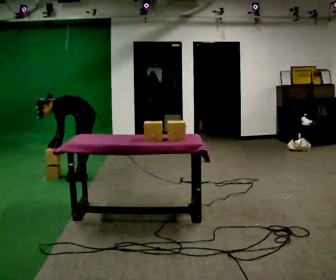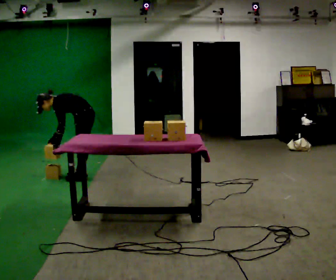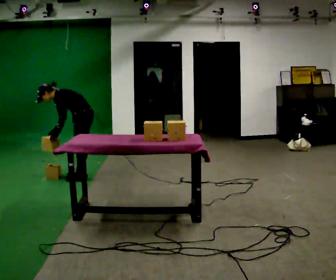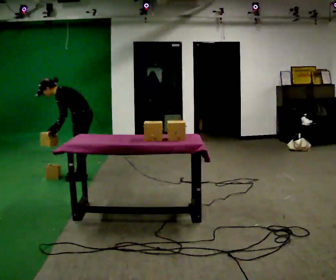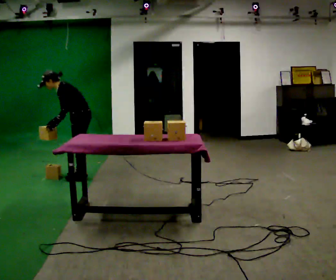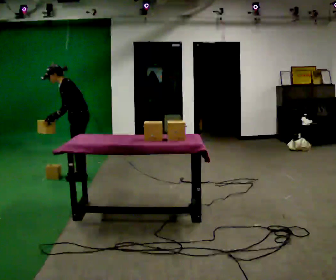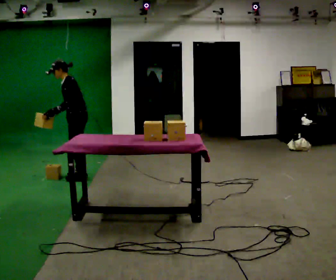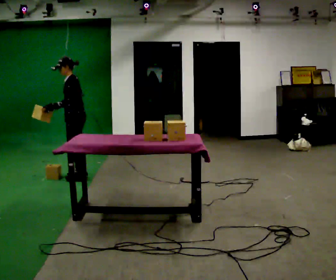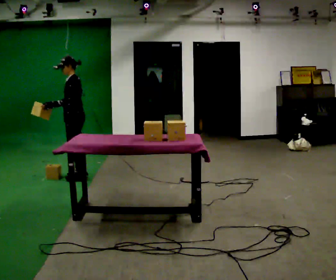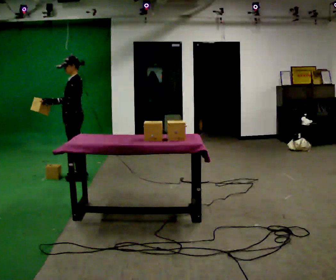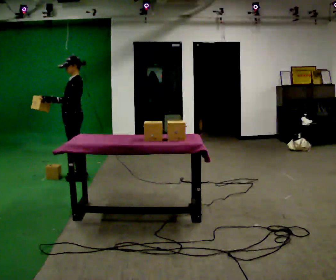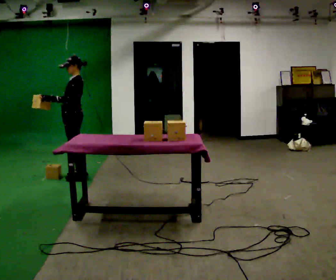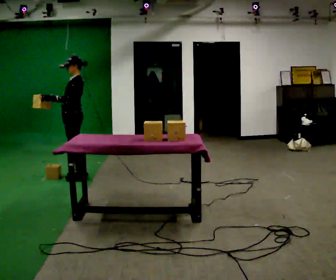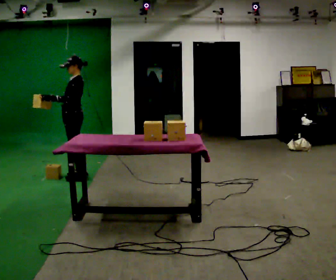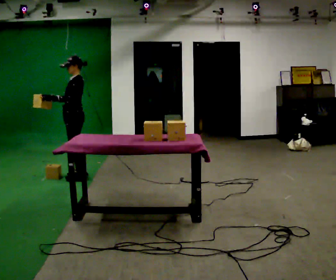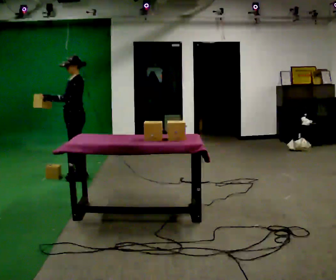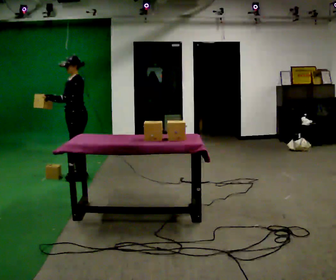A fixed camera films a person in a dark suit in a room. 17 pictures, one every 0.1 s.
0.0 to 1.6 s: The shoulders move upward. In the picture the upper body tilts clockwise, shoulders to the right, as they lean back or straighten. In the picture their left hand goes upward, the arm swinging clockwise.
The film runs forward here.
